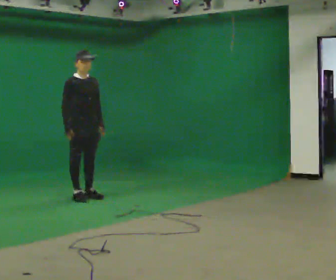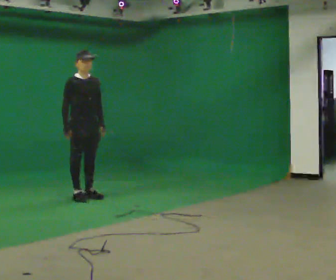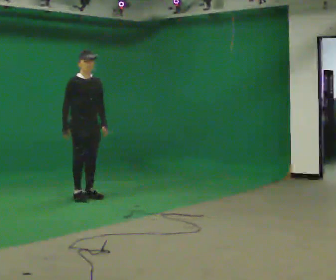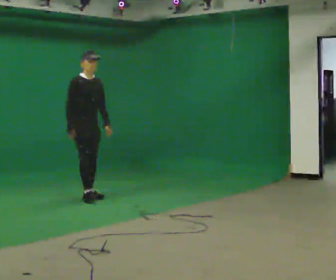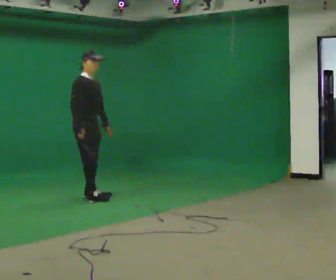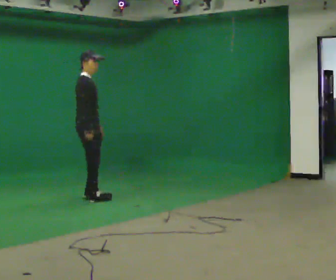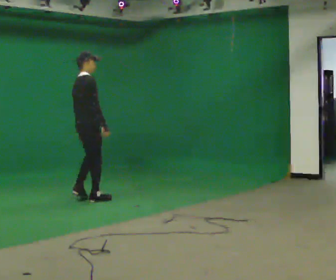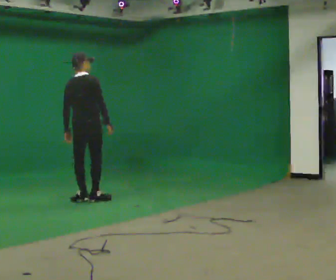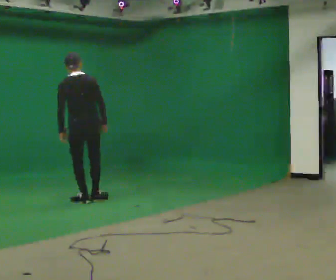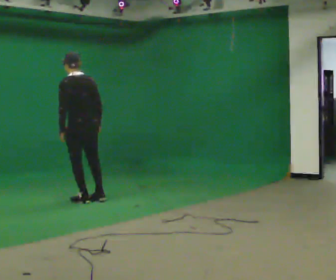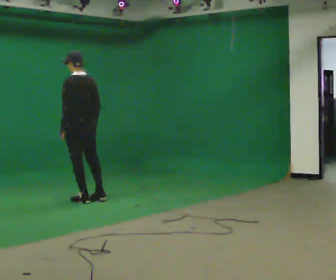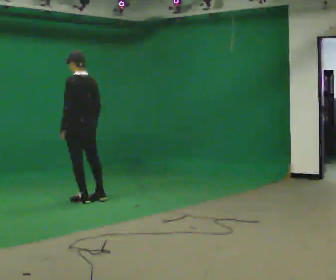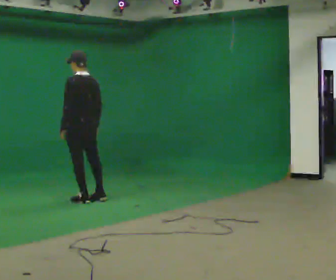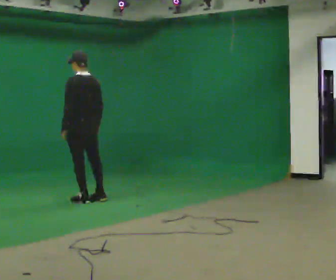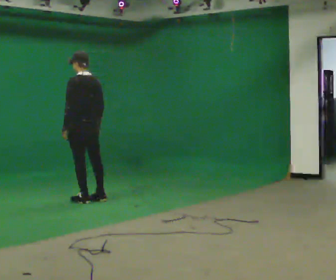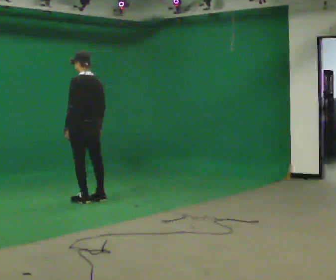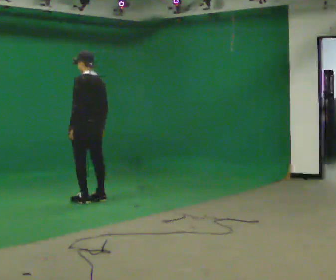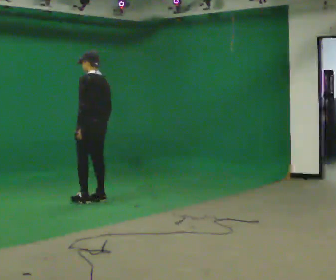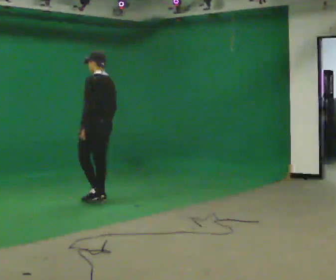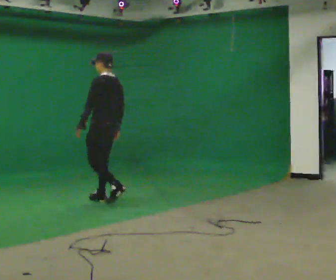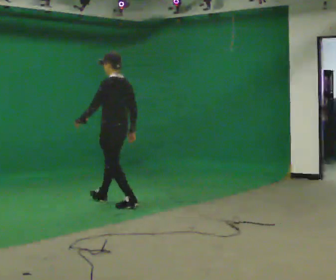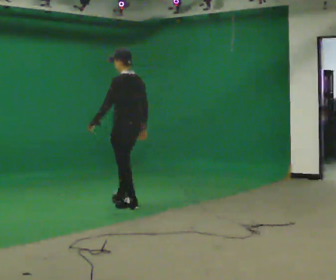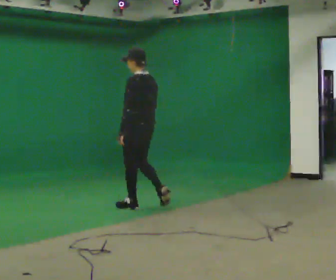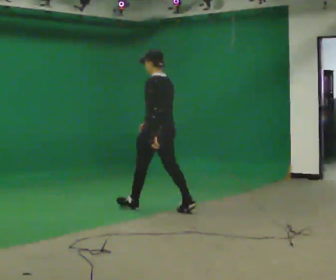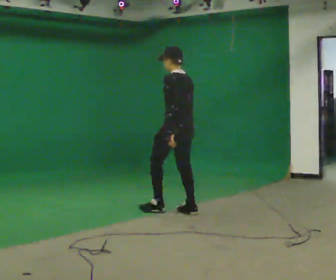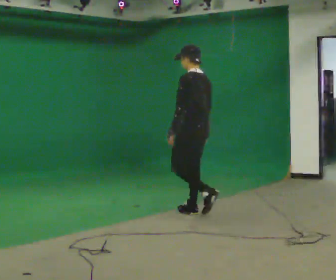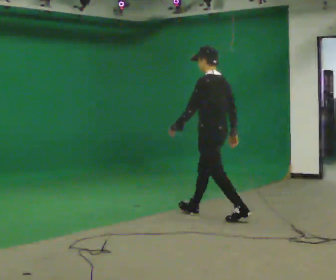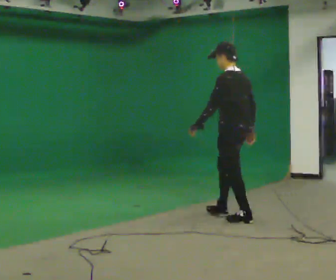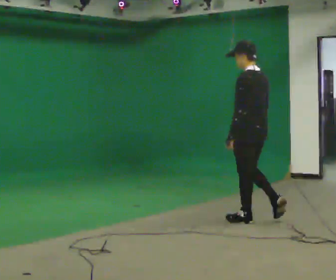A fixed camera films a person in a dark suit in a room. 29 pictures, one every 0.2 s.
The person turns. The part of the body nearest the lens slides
to the right.
The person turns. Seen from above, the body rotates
counterclockwise.
0.0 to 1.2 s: Seen from above the body turns counterclockwise, about 75 degrees: to their left, with its near side sliding to the right. In the picture their right hand goes to the right.
1.2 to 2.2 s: The part of the body nearest the lens slides to the right as the person turns to their left by about 120 degrees.
2.2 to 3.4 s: The person moves a little, or ends about where they began.
3.4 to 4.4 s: In the picture they go toward the camera and to the right, about 0.5 m in 2 steps, which for them is backward.
4.4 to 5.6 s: In the picture they go to the right and toward the camera, about 1.5 m in 2 steps, which for them is backward.
The film runs backward here.
